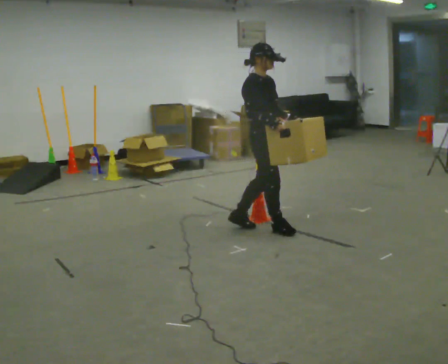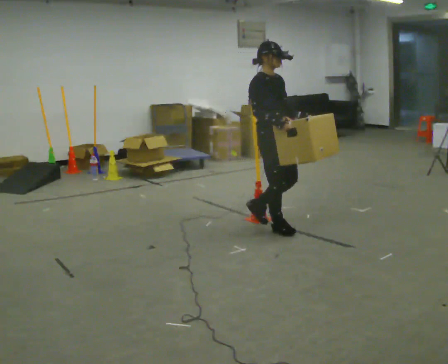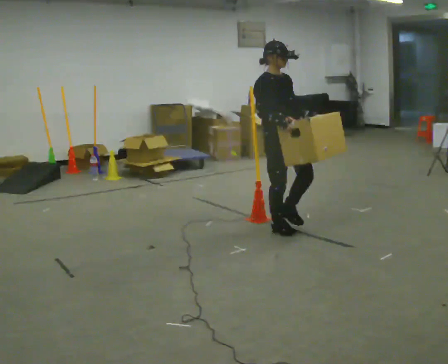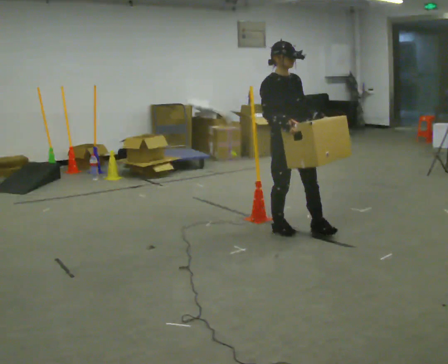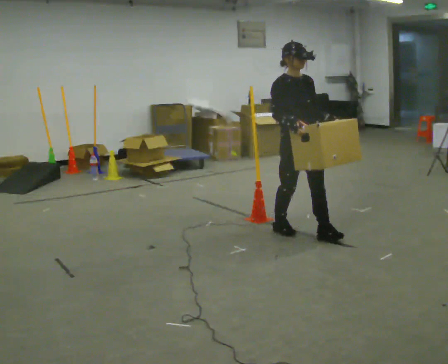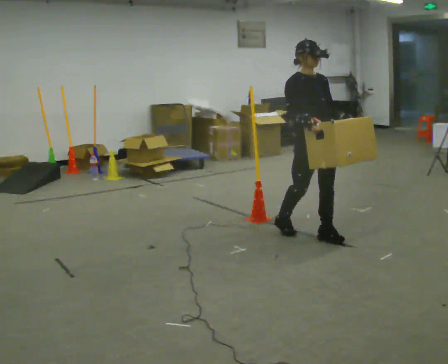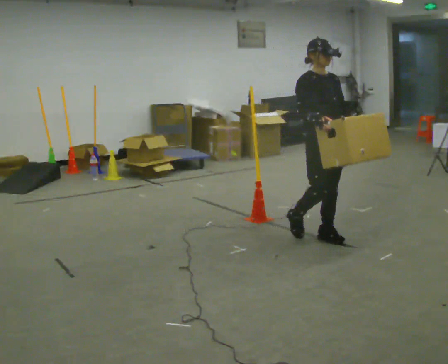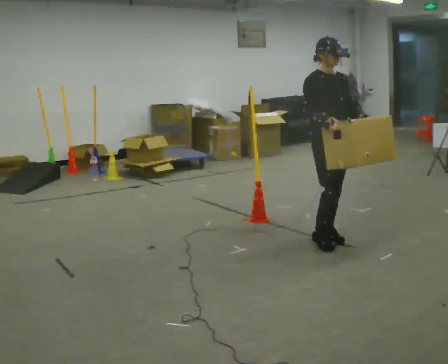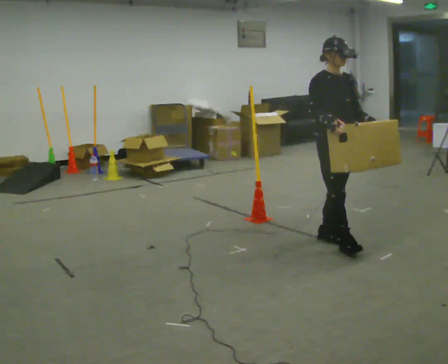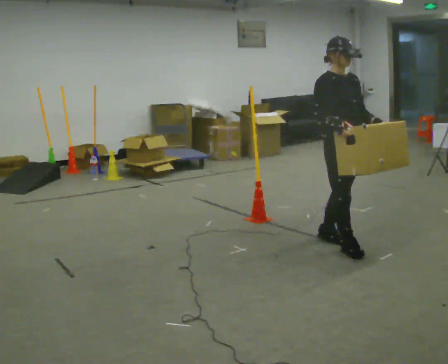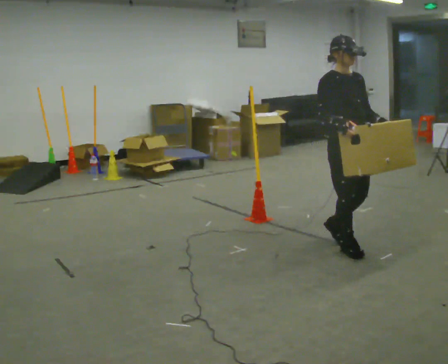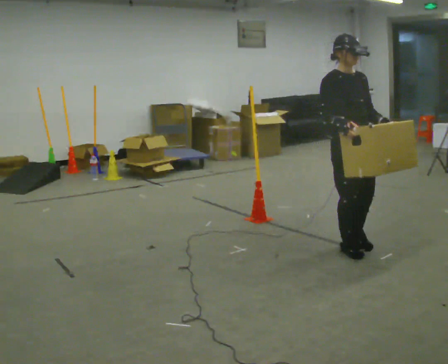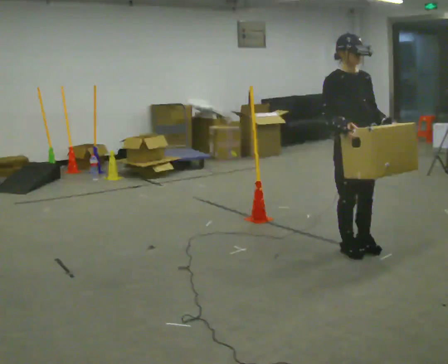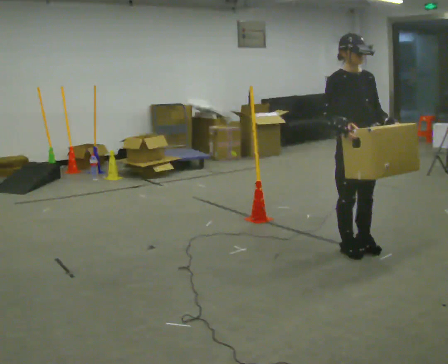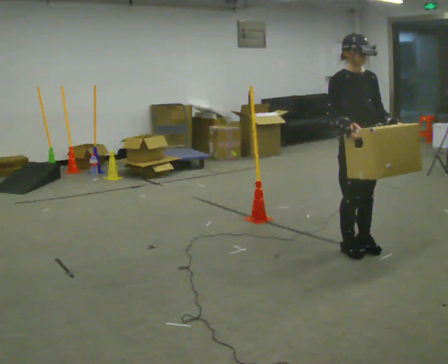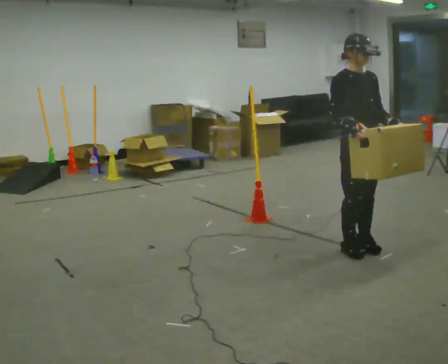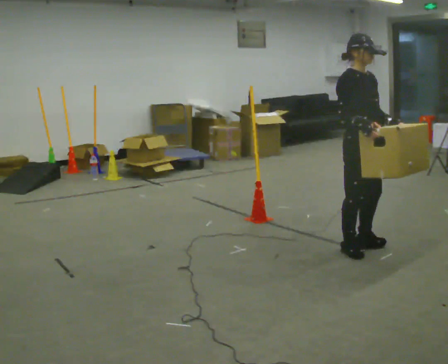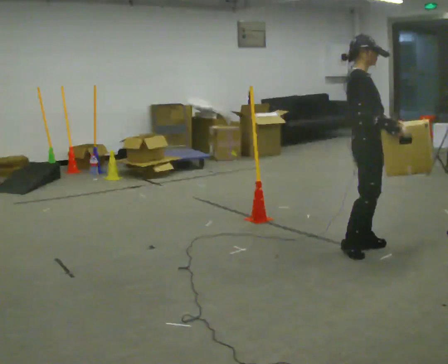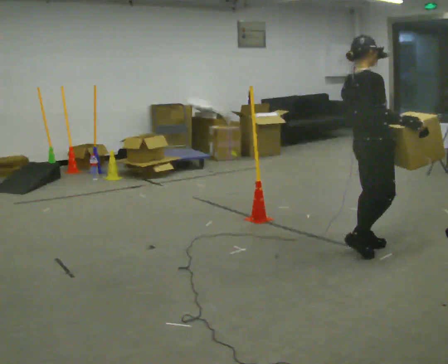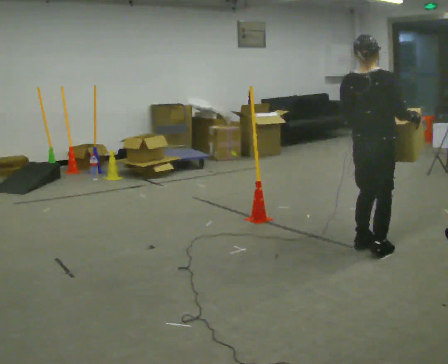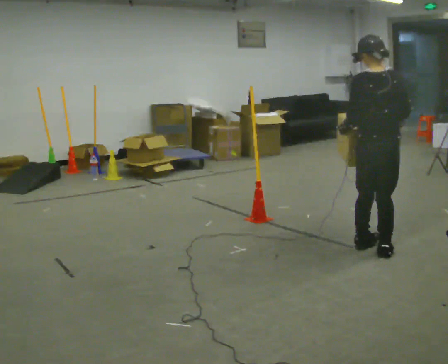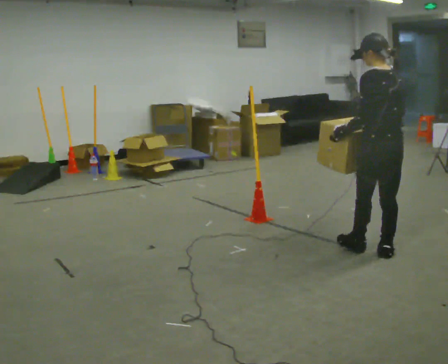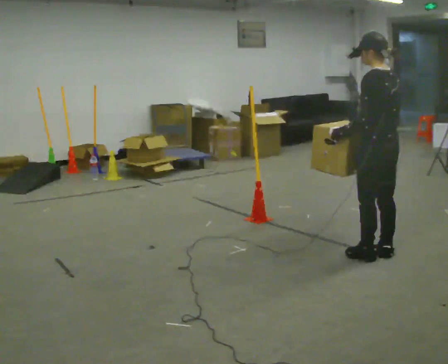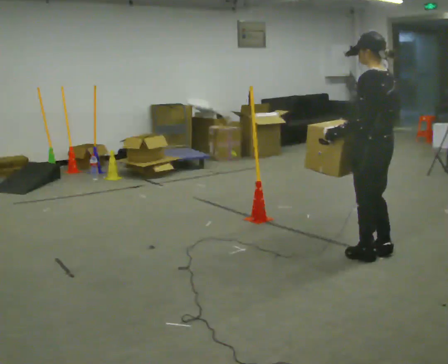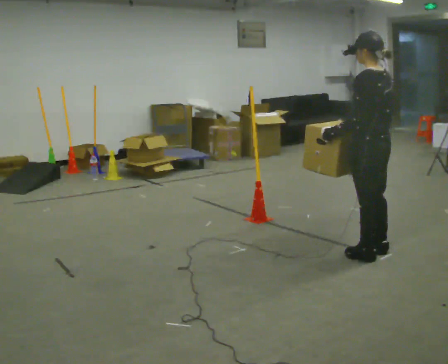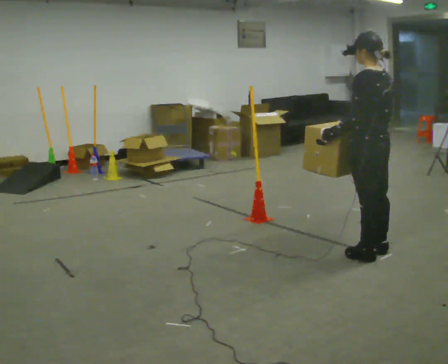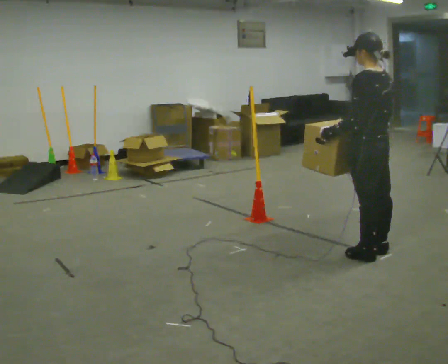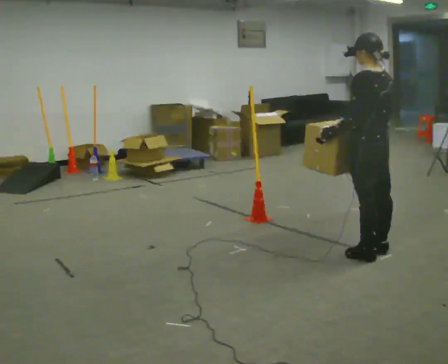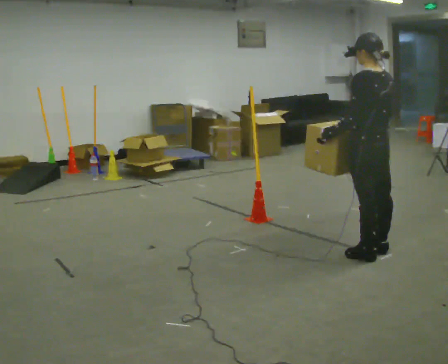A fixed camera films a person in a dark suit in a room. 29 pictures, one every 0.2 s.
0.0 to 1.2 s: Seen from above the body turns clockwise, about 30 degrees: to their right, with its near side sliding to the left. In the picture they go to the right and toward the camera, about 0.5 m in 1 step, which for them is forward.
1.2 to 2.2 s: In the picture they go toward the camera and to the right, about 0.25 m in 1 step, which for them is forward.
2.2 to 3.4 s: The part of the body nearest the lens slides to the right as the person turns to their left by about 45 degrees. In the picture their right hand goes to the right.
3.4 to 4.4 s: The person turns about 150 degrees to their left, counterclockwise seen from above, so the part of the body nearest the lens slides to the right. In the picture they go toward the camera, about 0.25 m in 2 steps.
4.4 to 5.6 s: The person moves a little, or ends about where they began.
The film runs forward here.
